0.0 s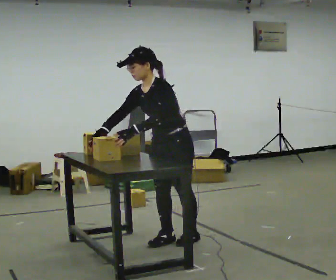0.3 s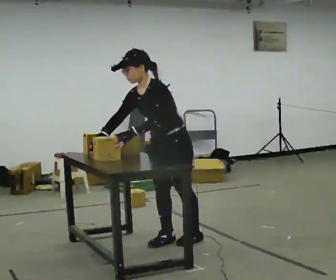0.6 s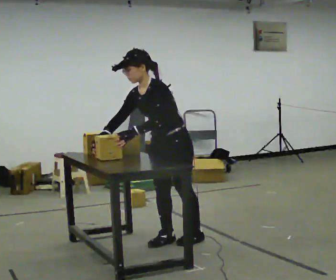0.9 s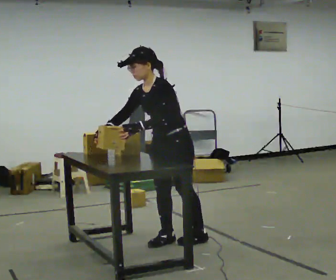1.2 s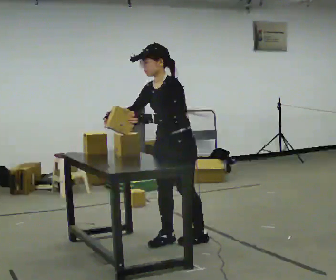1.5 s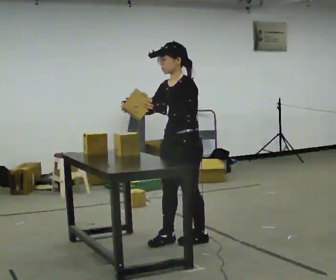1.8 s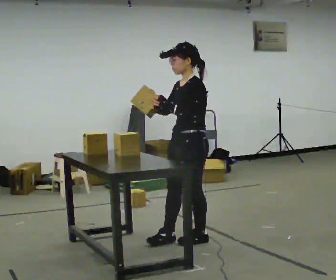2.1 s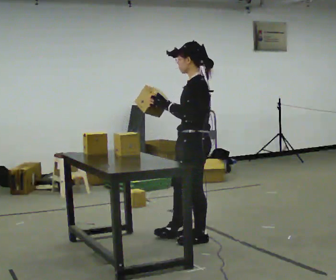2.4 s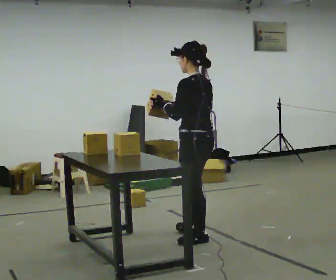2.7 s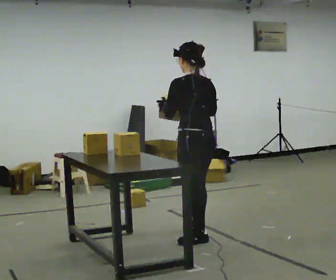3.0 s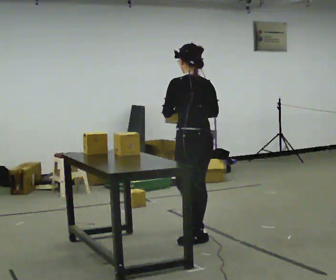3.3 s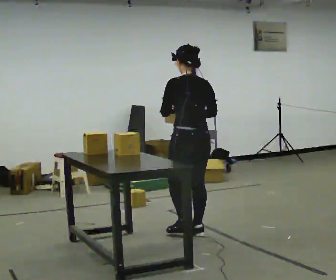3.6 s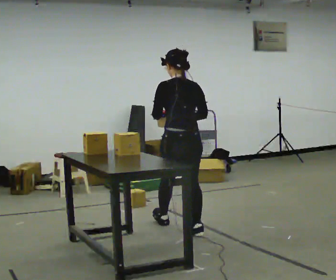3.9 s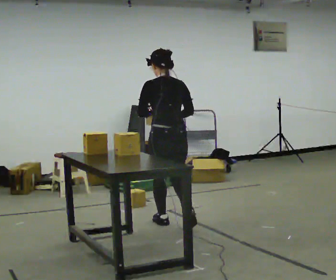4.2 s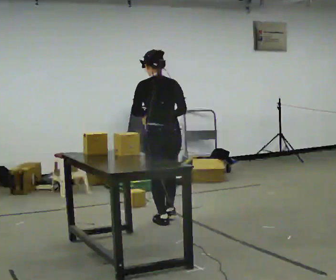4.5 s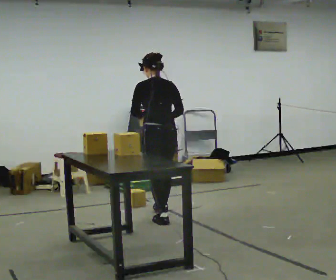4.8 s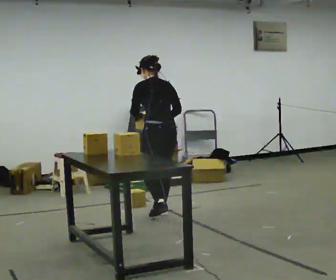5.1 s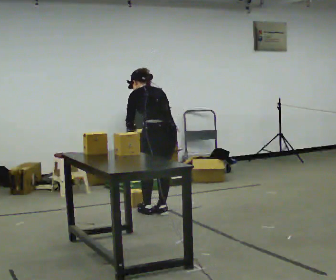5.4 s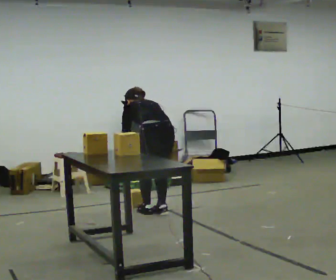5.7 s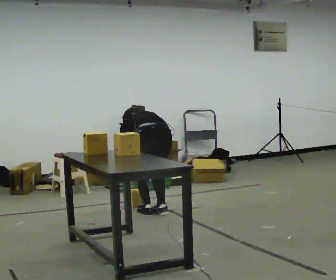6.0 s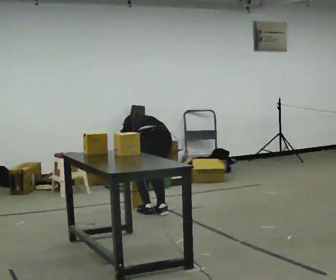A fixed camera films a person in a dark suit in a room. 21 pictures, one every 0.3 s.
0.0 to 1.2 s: The person moves a little, or ends about where they began.
1.2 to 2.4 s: The part of the body nearest the lens slides to the left as the person turns to their right by about 60 degrees. In the picture they go to the right, about 0.25 m. In the picture their right hand goes to the right.
2.4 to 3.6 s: The part of the body nearest the lens slides to the left as the person turns to their right by about 45 degrees. In the picture they go away from the camera, about 0.5 m in 1 step, which for them is forward.
3.6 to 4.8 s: In the picture they go away from the camera, about 0.5 m in 2 steps, which for them is forward.
4.8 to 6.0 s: The upper body goes downward. The upper body tips away from the camera, its near side rolling upward, as they bend forward. In the picture their right hand goes downward.
The film runs forward here.
